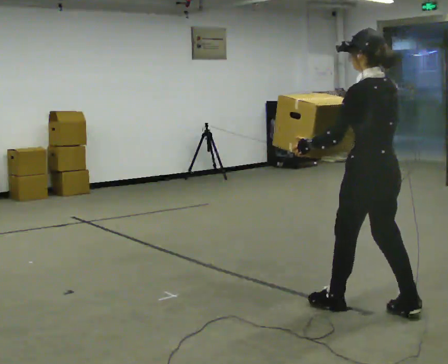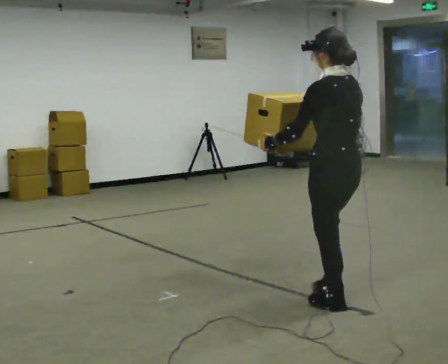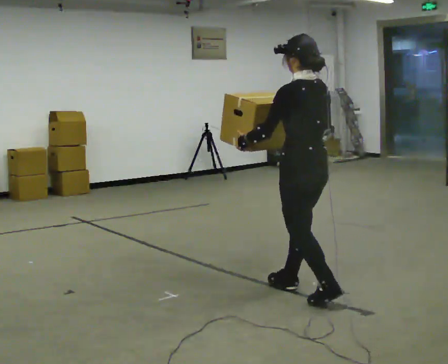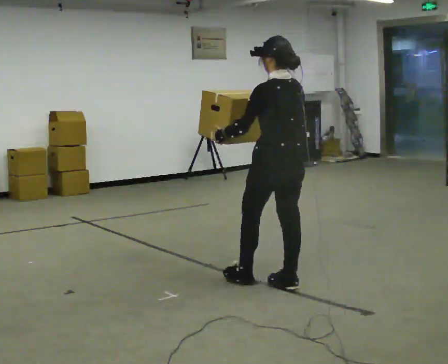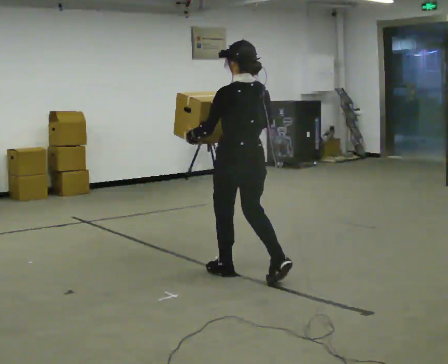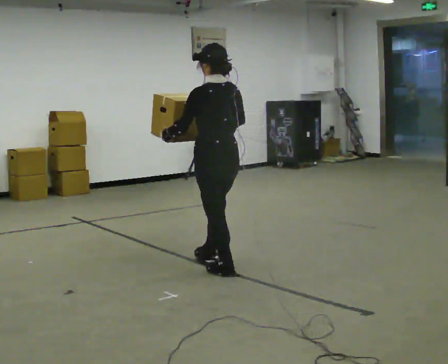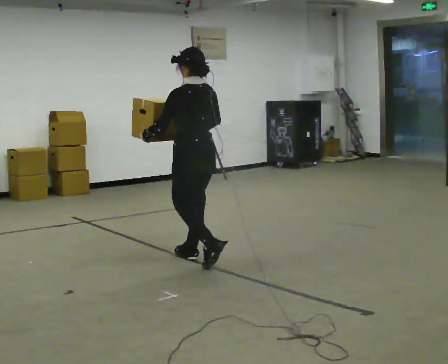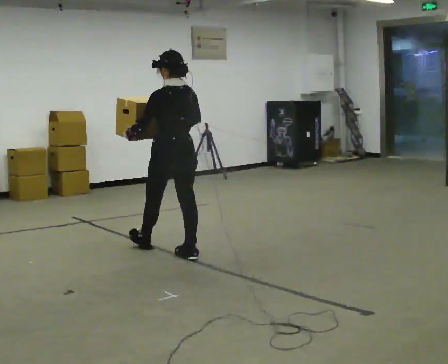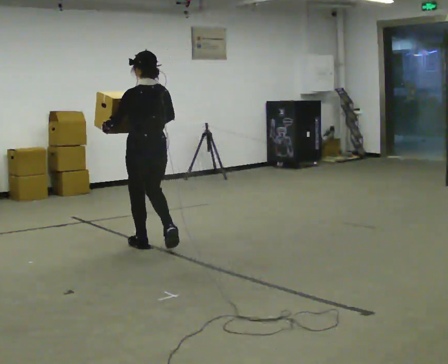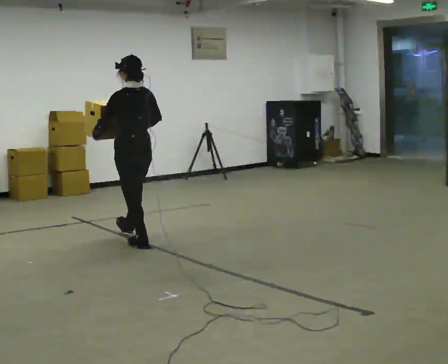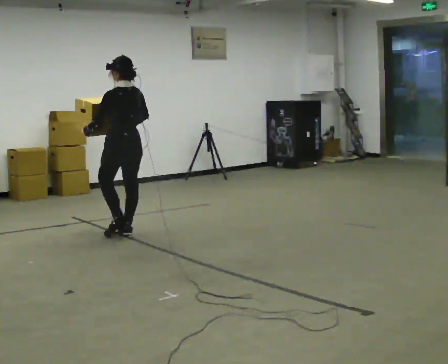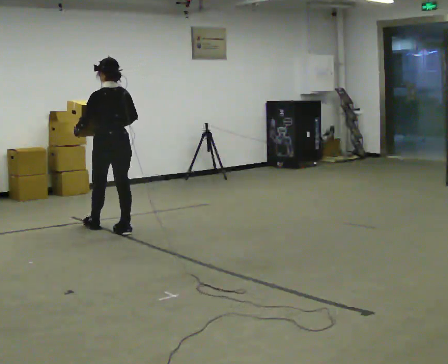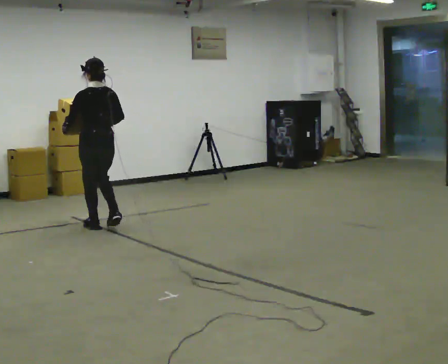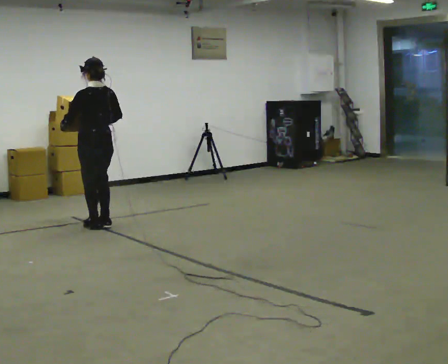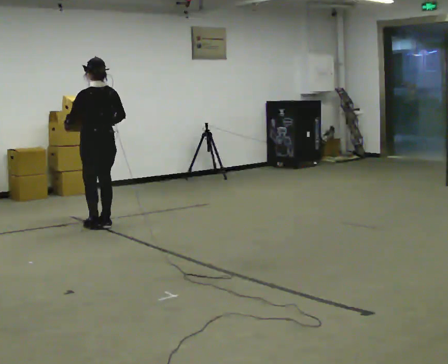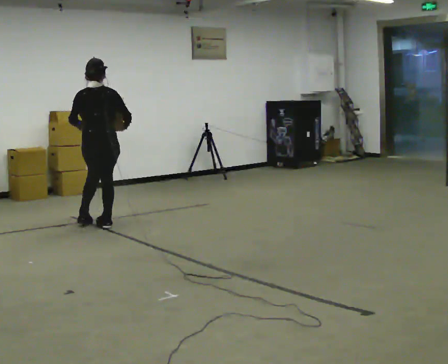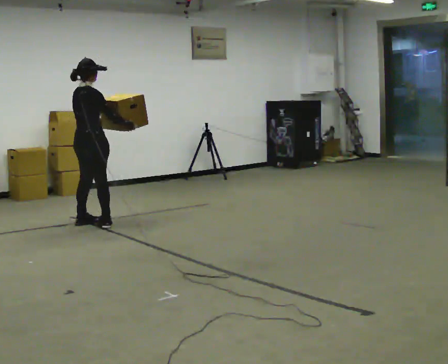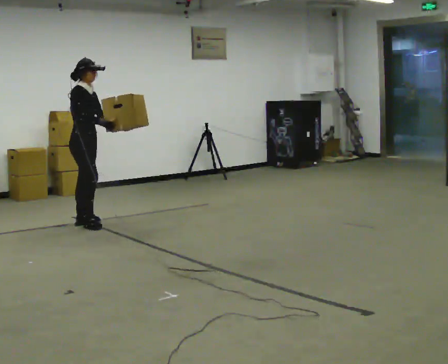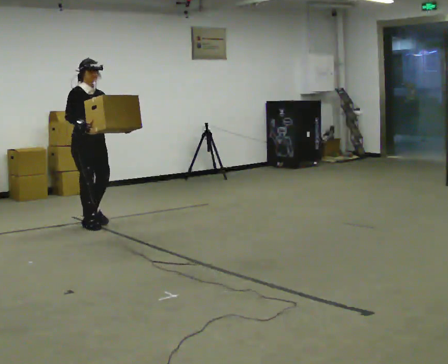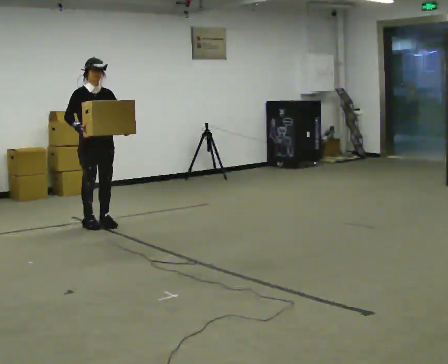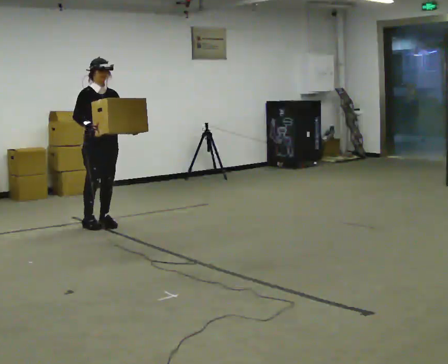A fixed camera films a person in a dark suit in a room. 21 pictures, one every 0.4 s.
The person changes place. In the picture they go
away from the camera.
0.0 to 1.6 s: In the picture they go away from the camera and to the left, about 1 m in 2 steps, which for them is forward.
1.6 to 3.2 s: In the picture they go away from the camera and to the left, about 1 m in 2 steps, which for them is forward.
3.2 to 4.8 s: In the picture they go away from the camera and to the left, about 1 m in 2 steps, which for them is forward.
4.8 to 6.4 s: Seen from above the body turns clockwise, about 75 degrees: to their right, with its near side sliding to the left. In the picture they go away from the camera, about 0.25 m in 2 steps.
6.4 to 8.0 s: Seen from above the body turns clockwise, about 90 degrees: to their right, with its near side sliding to the left. In the picture their right hand goes to the left.
The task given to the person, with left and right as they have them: Carry the box across the room, back and forth. The operator will swap between the box with handles and the one without.
The film runs forward here.
